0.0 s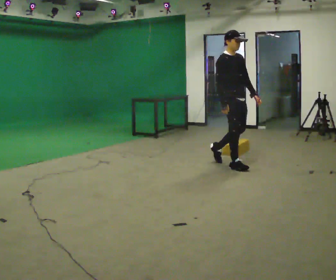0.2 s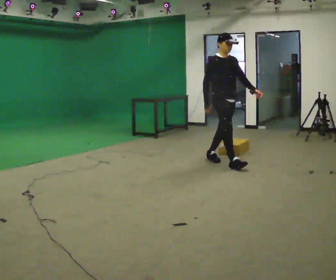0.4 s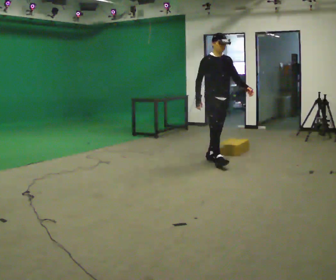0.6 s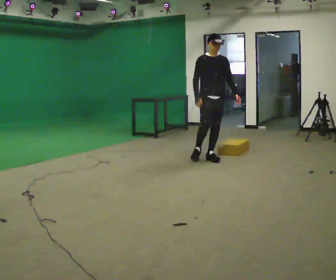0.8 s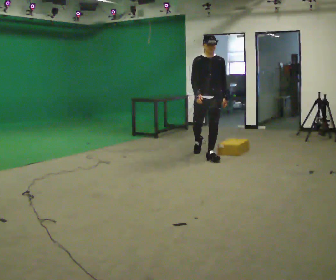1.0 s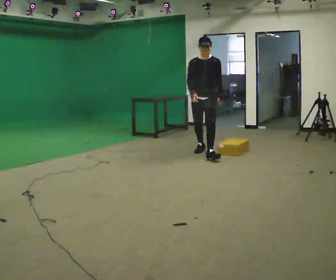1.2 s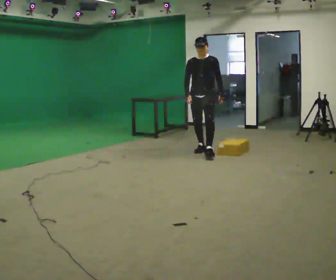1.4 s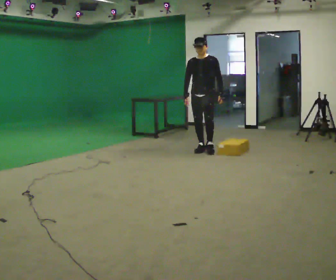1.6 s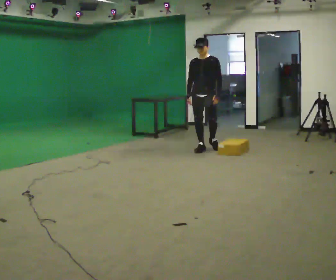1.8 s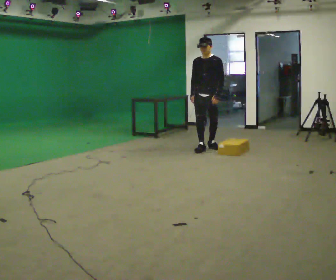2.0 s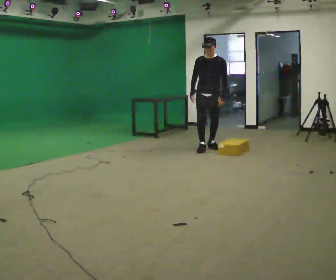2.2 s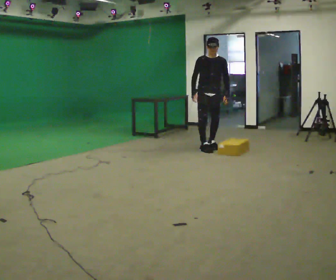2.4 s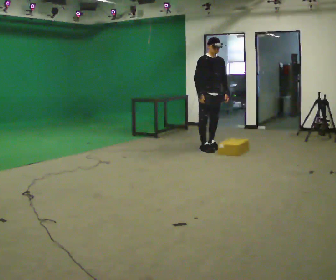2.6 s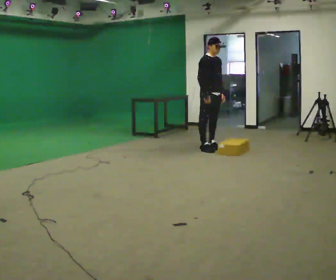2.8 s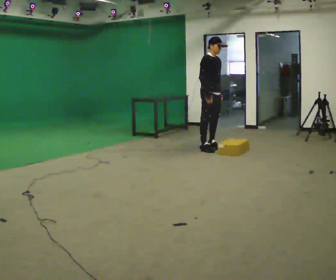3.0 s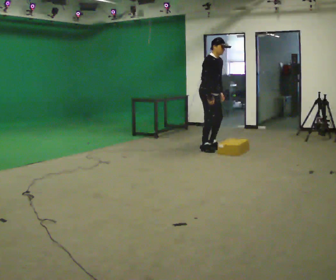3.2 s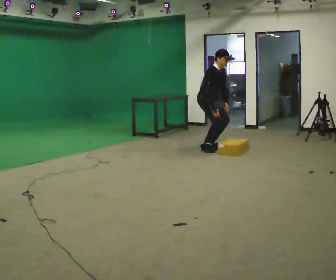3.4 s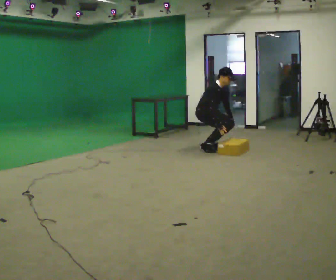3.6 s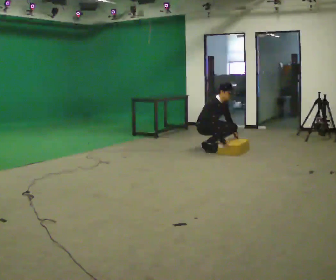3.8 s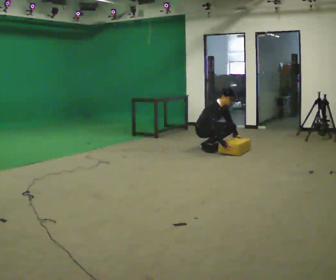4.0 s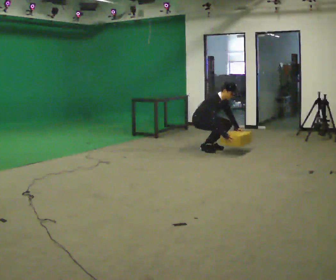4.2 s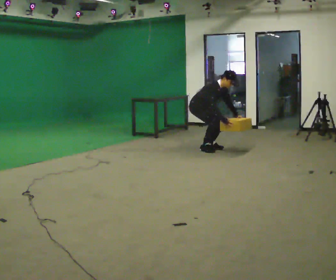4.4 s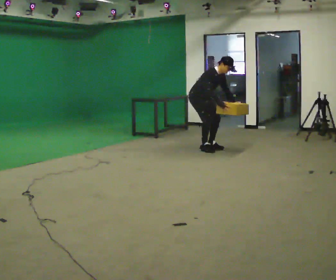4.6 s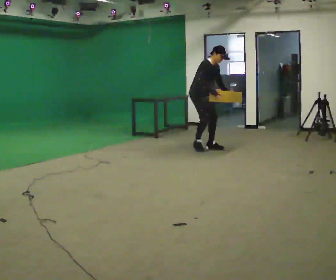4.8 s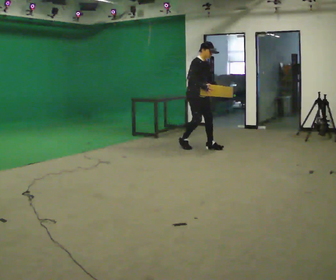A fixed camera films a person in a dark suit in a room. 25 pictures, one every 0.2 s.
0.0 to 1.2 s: The person turns about 60 degrees to their right, clockwise seen from above, so the part of the body nearest the lens slides to the left. In the picture they go away from the camera and to the left, about 1 m in 2 steps.
1.2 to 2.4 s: Seen from above the body turns counterclockwise, about 30 degrees: to their left, with its near side sliding to the right. In the picture they go away from the camera, about 0.25 m, which for them is backward.
2.4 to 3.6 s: The part of the body nearest the lens slides to the right as the person turns to their left by about 30 degrees. The shoulders move downward. In the picture the upper body tilts clockwise, shoulders to the right, as they bend forward. In the picture their right hand goes downward and to the right.
3.6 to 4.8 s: The shoulders move upward. In the picture their right hand goes upward.
The film runs backward here.
